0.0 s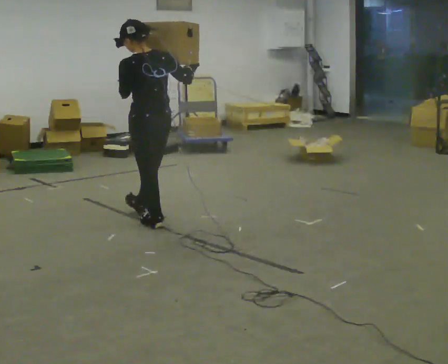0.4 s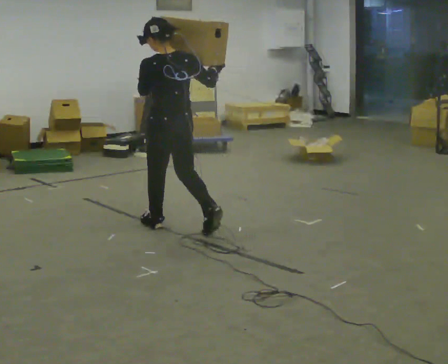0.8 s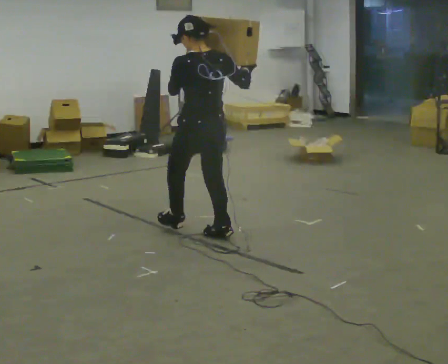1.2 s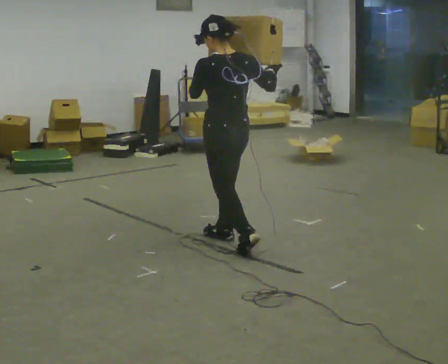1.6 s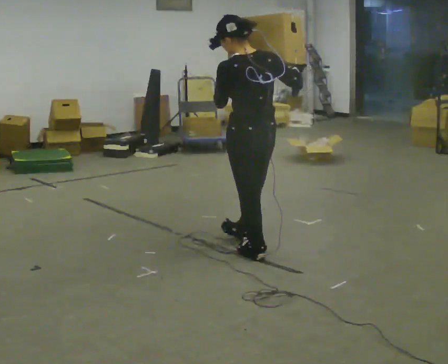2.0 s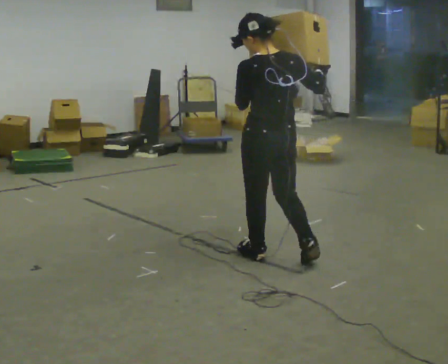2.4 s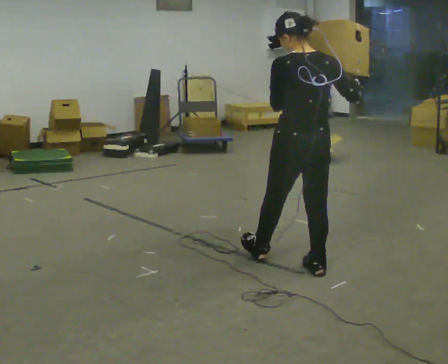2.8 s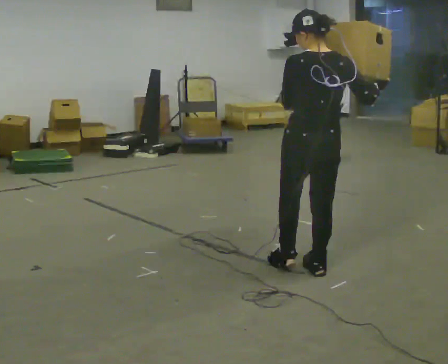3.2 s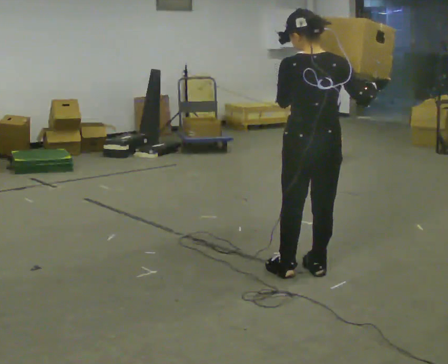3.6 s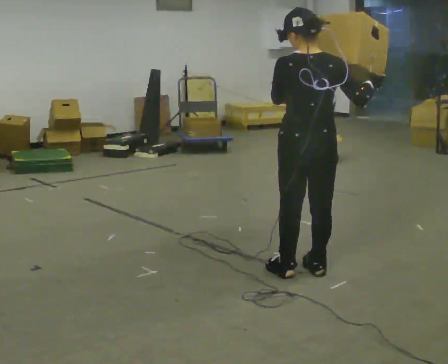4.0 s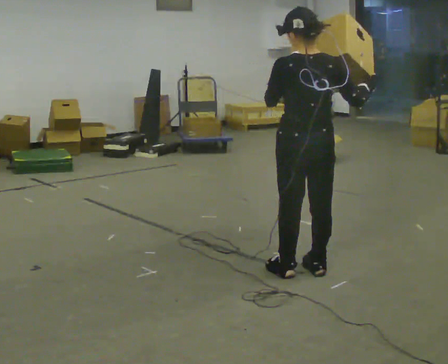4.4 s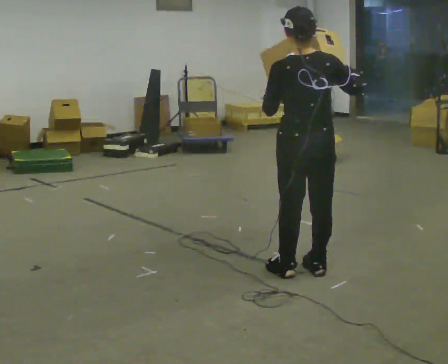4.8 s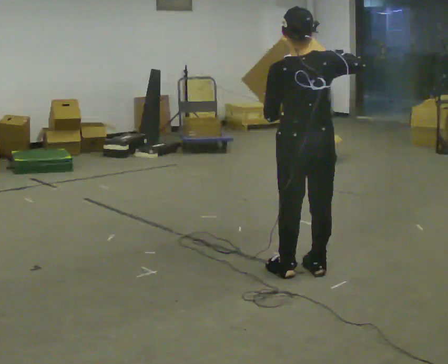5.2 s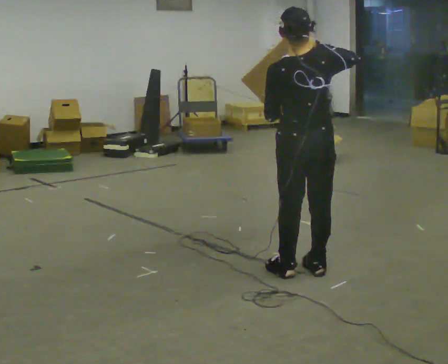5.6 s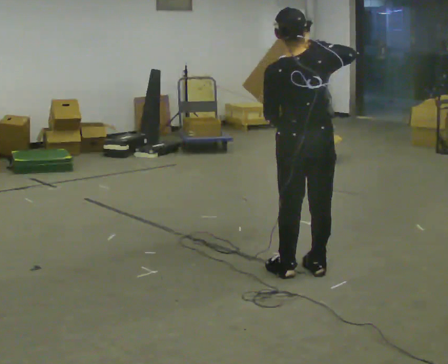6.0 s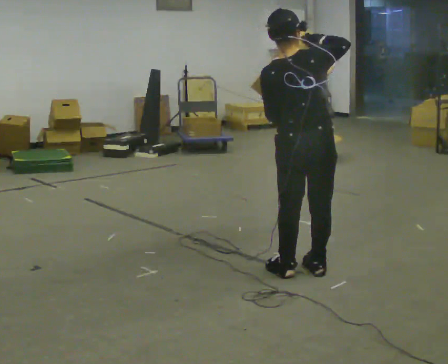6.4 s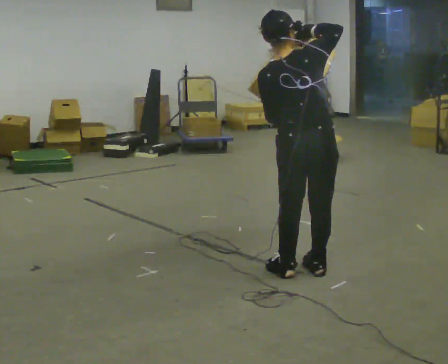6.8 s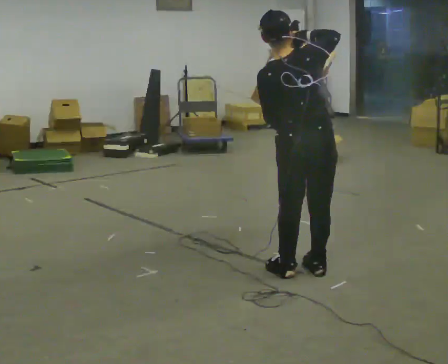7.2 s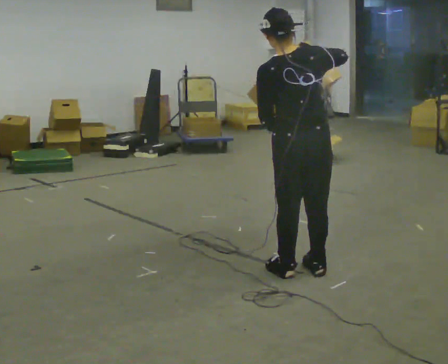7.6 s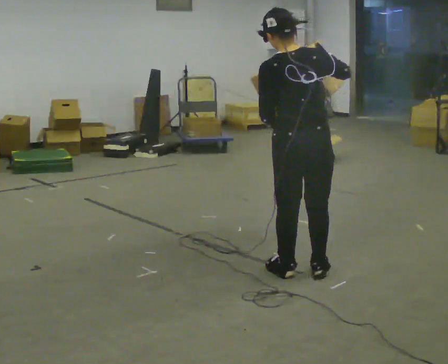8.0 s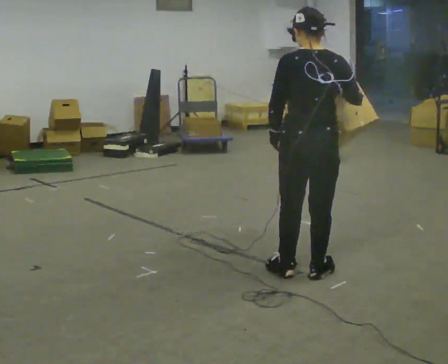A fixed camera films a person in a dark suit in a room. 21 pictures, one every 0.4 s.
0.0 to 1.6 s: In the picture they go to the right and toward the camera, about 1 m in 2 steps, which for them is backward.
1.6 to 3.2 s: Seen from above the body turns clockwise, about 30 degrees: to their right, with its near side sliding to the left. In the picture they go to the right and toward the camera, about 0.5 m in 1 step, which for them is backward and to their right.
3.2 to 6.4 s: In the picture the upper body tilts counterclockwise, shoulders to the left. In the picture their right hand goes to the left and upward.
6.4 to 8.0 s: In the picture the upper body tilts clockwise, shoulders to the right. In the picture their right hand goes downward.
The film runs backward here.
